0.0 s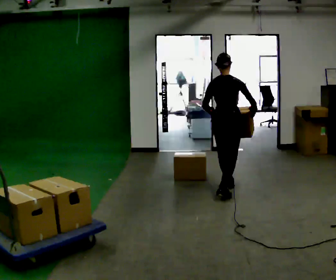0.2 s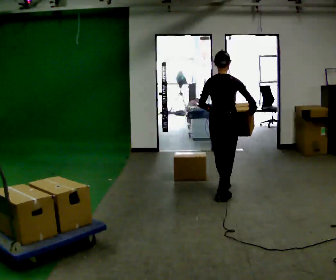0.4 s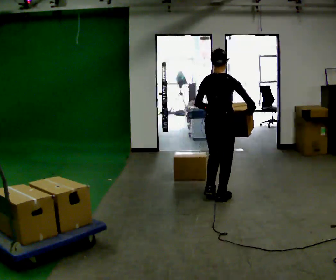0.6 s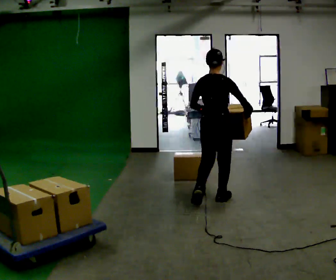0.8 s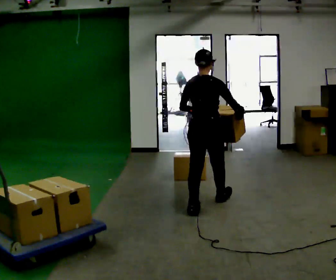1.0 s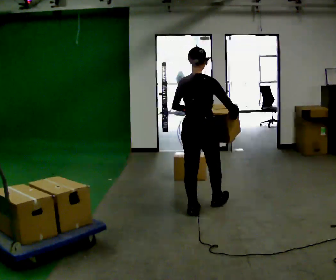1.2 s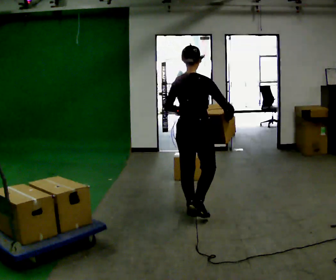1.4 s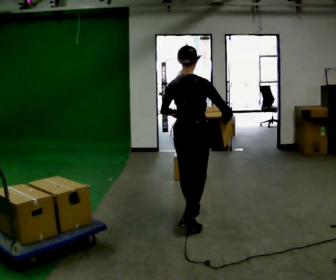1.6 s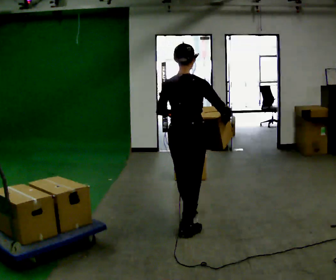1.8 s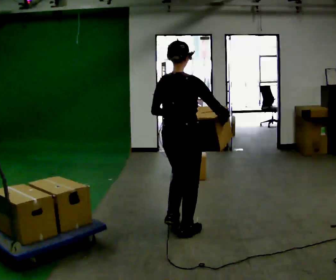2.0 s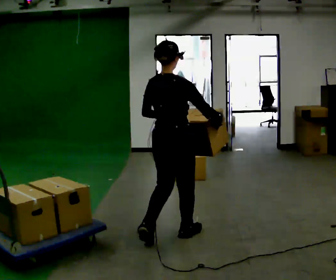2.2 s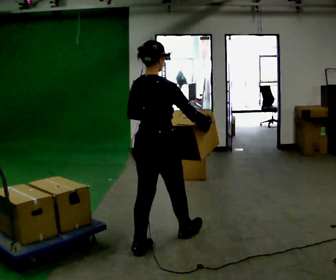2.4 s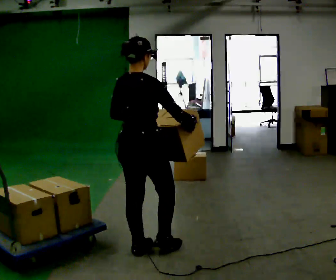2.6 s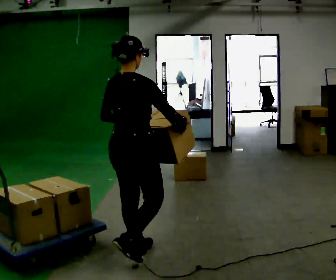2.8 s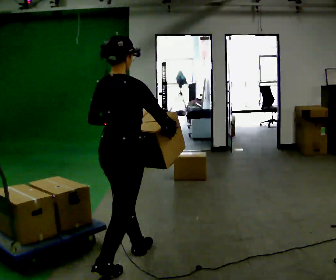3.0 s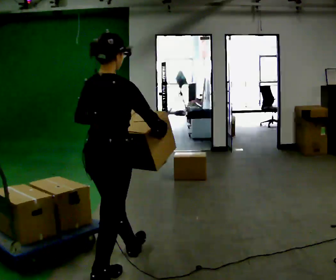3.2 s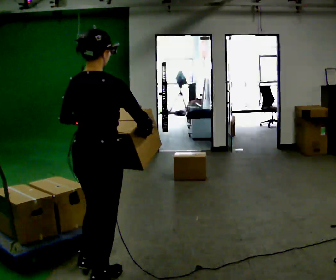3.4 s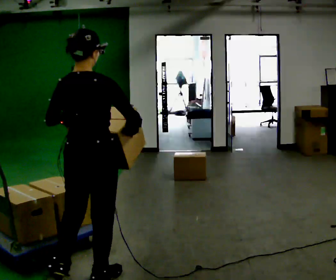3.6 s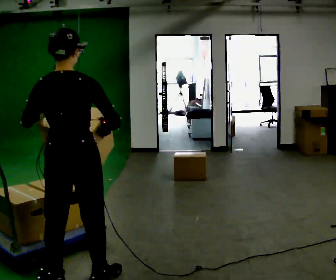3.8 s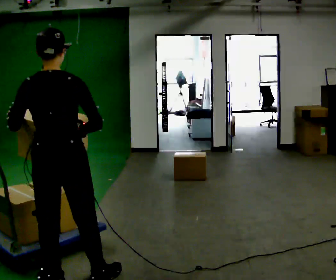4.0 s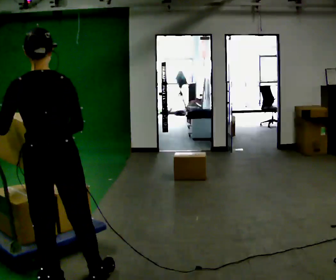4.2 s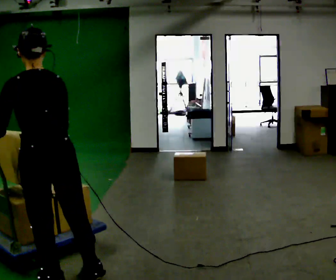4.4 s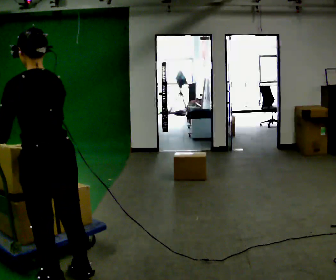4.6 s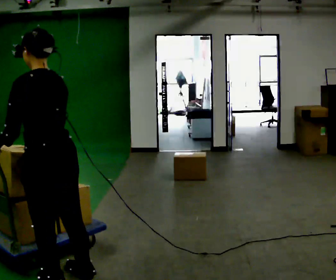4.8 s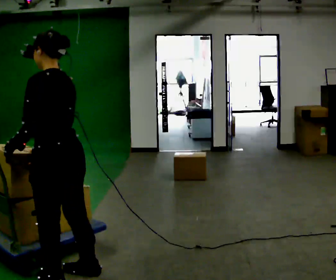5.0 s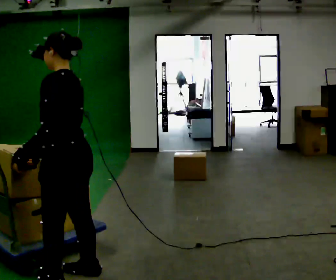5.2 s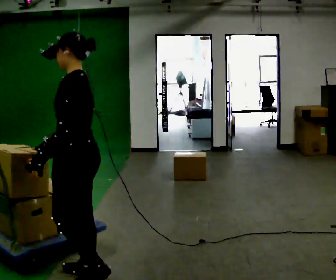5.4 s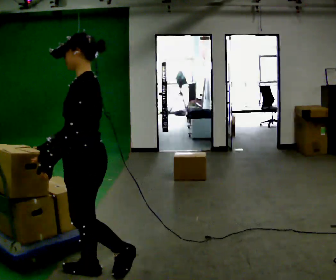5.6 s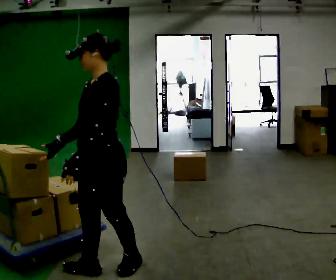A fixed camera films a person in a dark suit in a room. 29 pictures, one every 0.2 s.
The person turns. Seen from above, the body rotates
counterclockwise.
The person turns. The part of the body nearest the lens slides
to the right.
0.0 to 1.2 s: In the picture they go toward the camera and to the left, about 1 m in 2 steps, which for them is backward.
1.2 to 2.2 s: In the picture they go toward the camera and to the left, about 0.75 m in 1 step, which for them is backward.
2.2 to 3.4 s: In the picture they go toward the camera and to the left, about 0.5 m in 2 steps, which for them is backward.
3.4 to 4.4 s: Seen from above the body turns counterclockwise, about 60 degrees: to their left, with its near side sliding to the right. In the picture they go to the left, about 0.25 m.
4.4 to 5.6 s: Seen from above the body turns counterclockwise, about 75 degrees: to their left, with its near side sliding to the right. In the picture they go to the right and away from the camera, about 0.5 m in 1 step.
The film runs backward here.
